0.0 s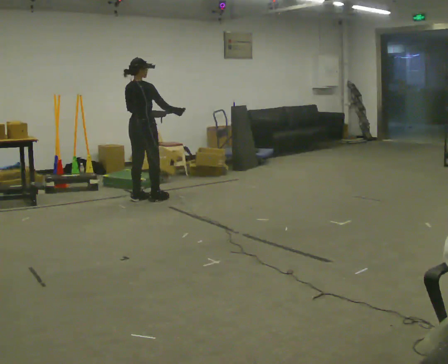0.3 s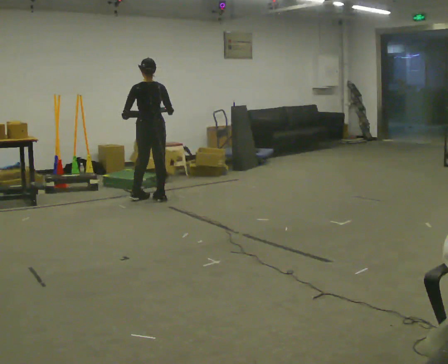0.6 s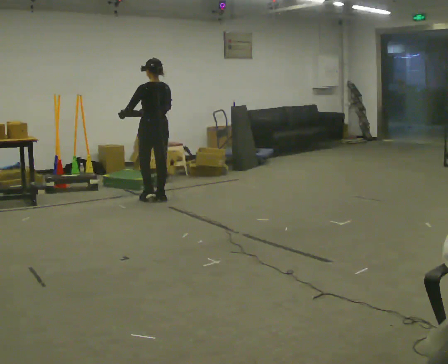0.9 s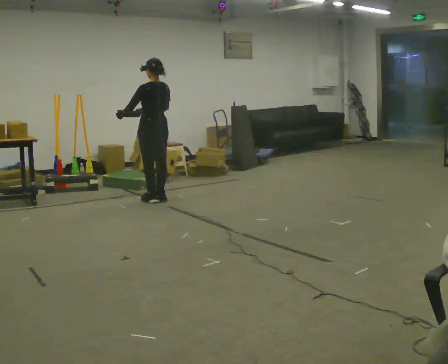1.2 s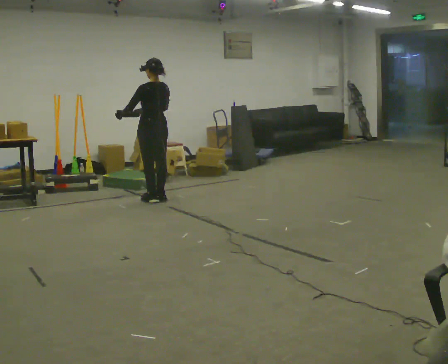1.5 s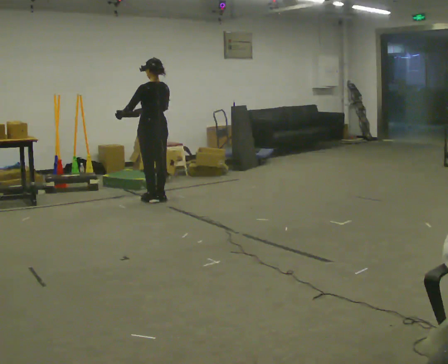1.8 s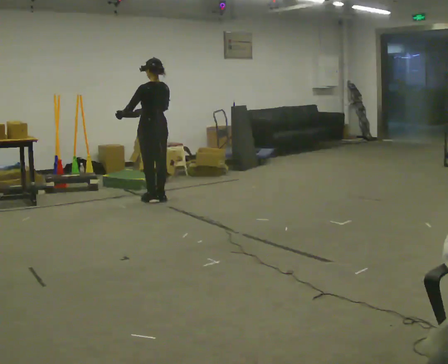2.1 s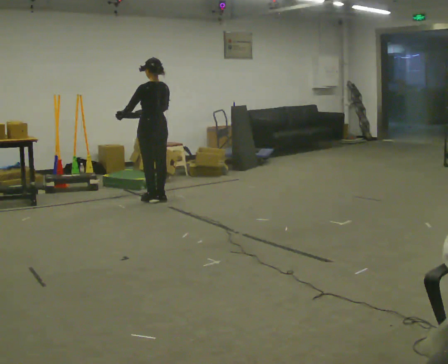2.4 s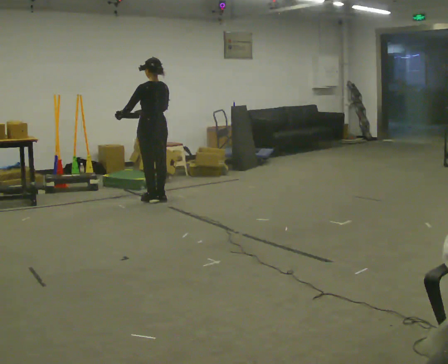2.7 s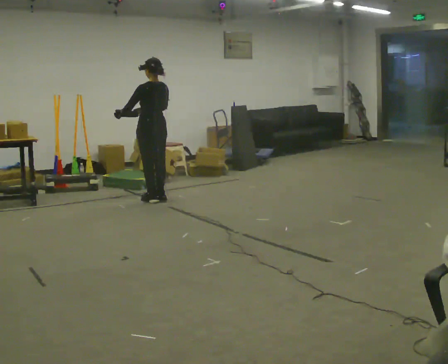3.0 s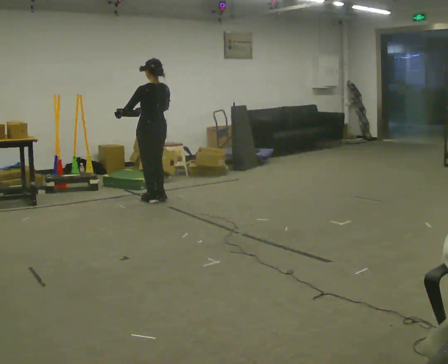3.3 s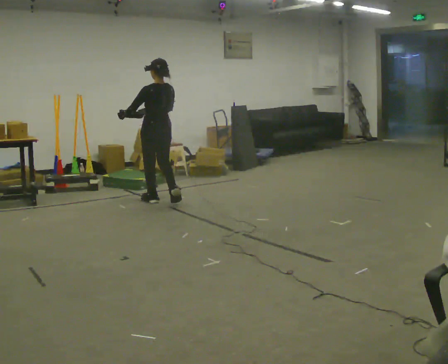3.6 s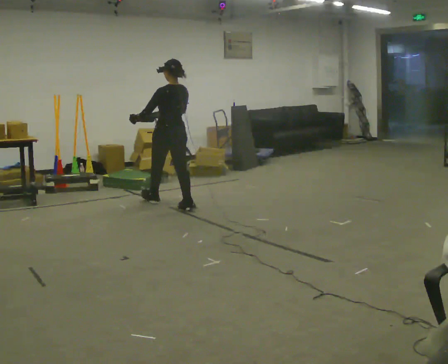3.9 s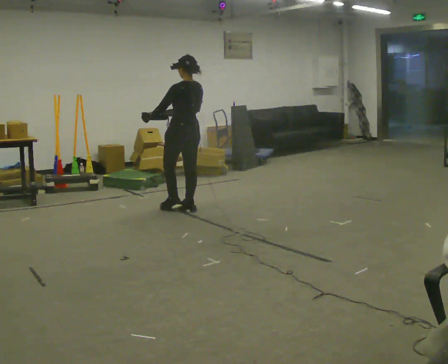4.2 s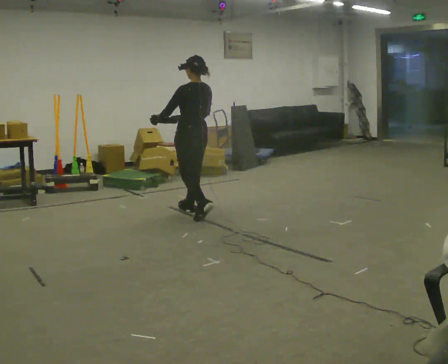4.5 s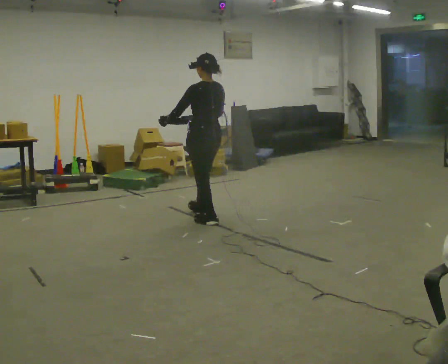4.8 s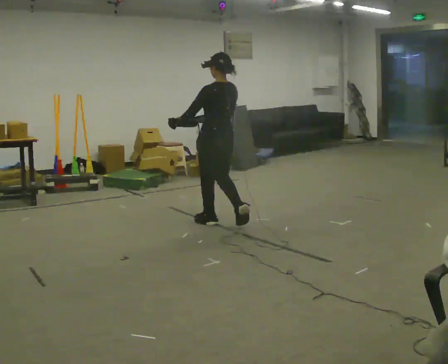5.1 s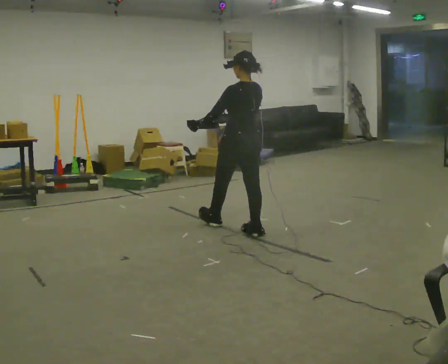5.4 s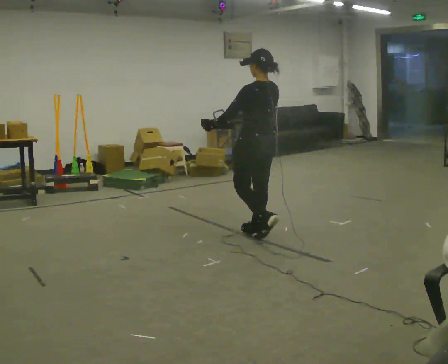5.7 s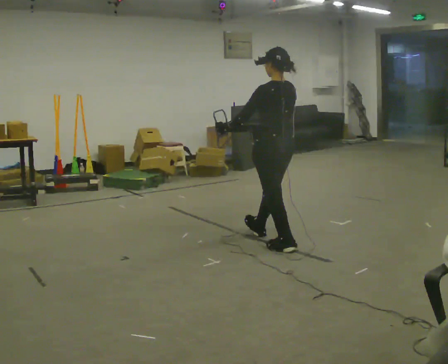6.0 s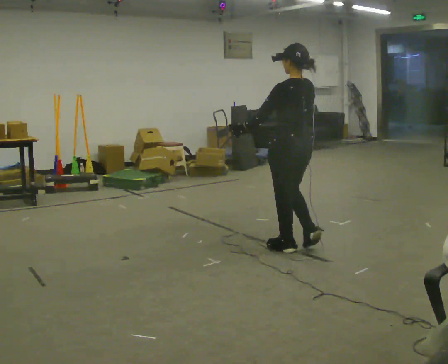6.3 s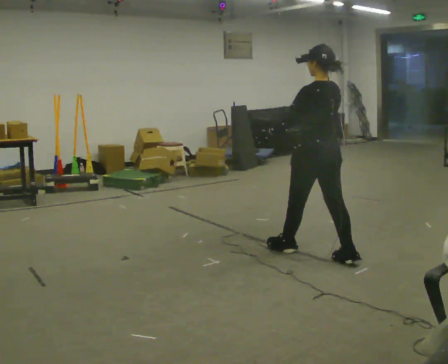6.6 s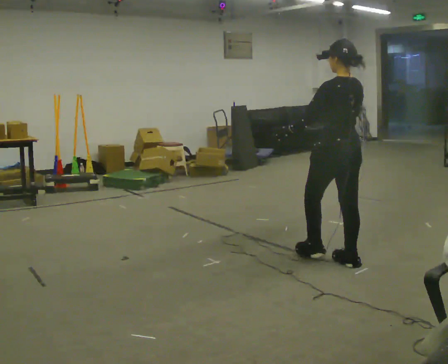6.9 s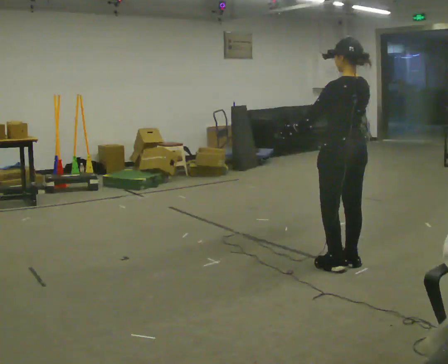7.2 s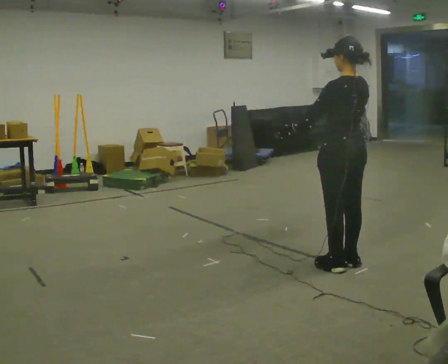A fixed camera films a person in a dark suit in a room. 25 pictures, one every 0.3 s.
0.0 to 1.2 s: The person turns about 60 degrees to their left, counterclockwise seen from above, so the part of the body nearest the lens slides to the right.
1.2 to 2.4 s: The person keeps their place and pose.
2.4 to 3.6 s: In the picture they go toward the camera and to the right, about 0.25 m in 1 step, which for them is backward.
3.6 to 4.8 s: In the picture they go toward the camera and to the right, about 1 m in 2 steps, which for them is backward.
4.8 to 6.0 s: In the picture they go toward the camera and to the right, about 1 m in 2 steps, which for them is backward.
6.0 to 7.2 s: In the picture they go toward the camera and to the right, about 0.5 m in 1 step, which for them is backward.
The film runs backward here.
